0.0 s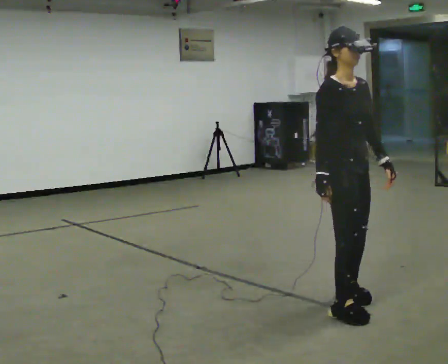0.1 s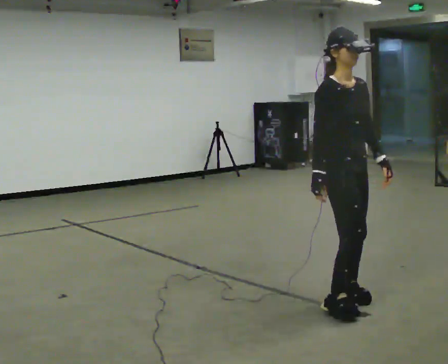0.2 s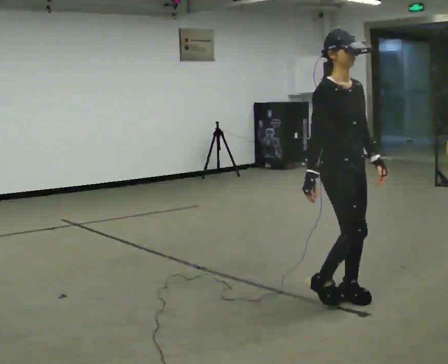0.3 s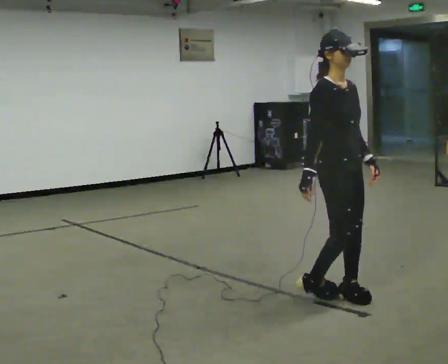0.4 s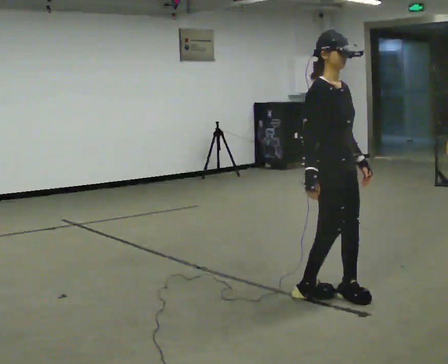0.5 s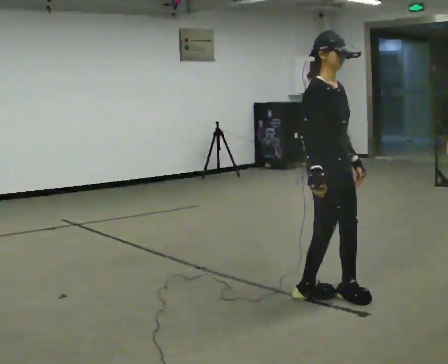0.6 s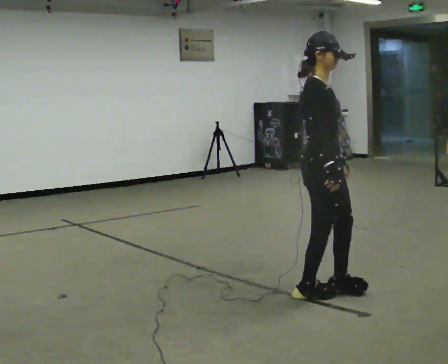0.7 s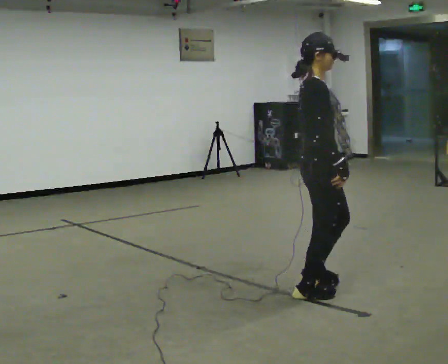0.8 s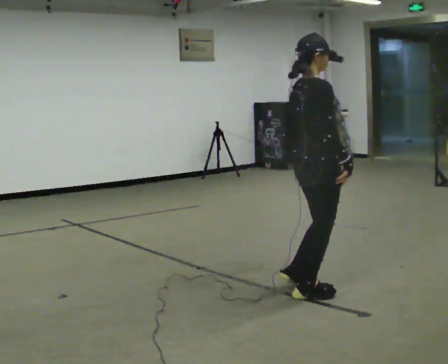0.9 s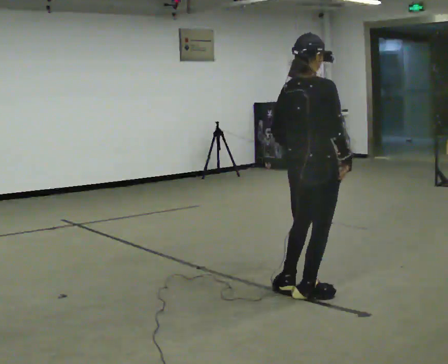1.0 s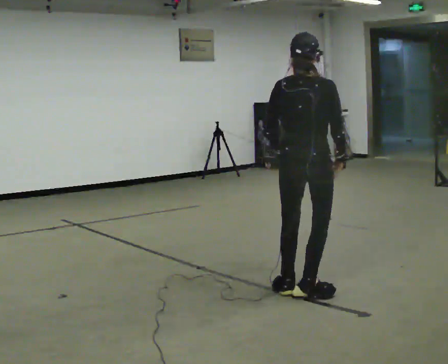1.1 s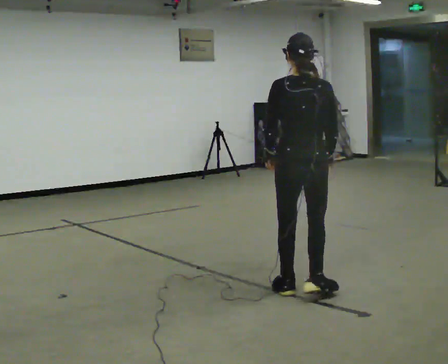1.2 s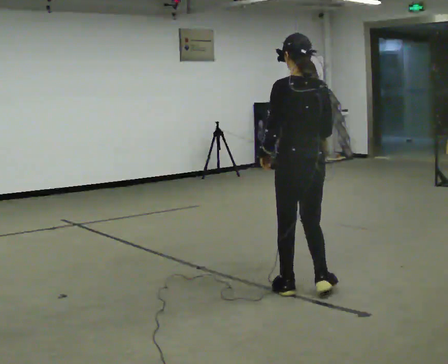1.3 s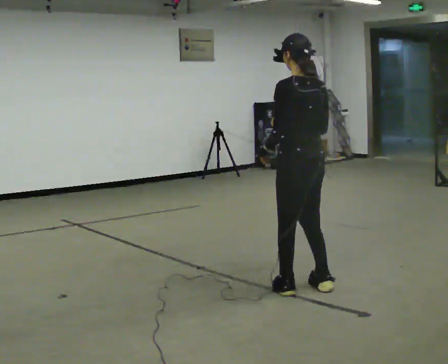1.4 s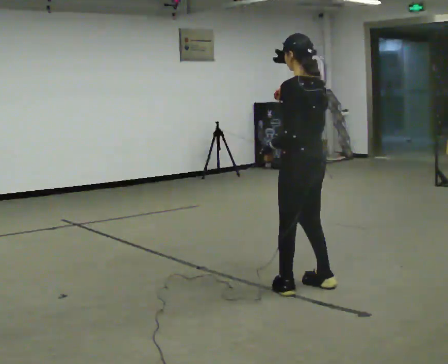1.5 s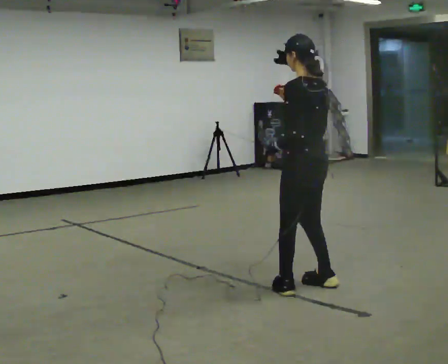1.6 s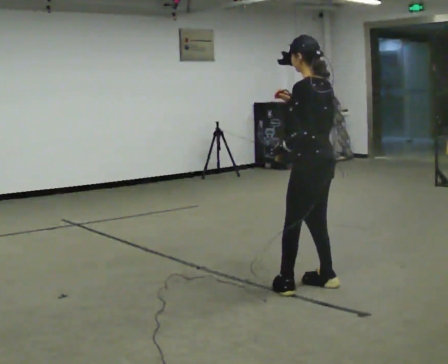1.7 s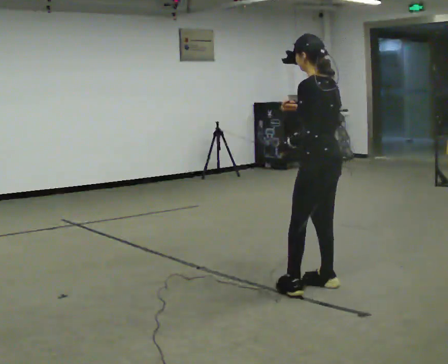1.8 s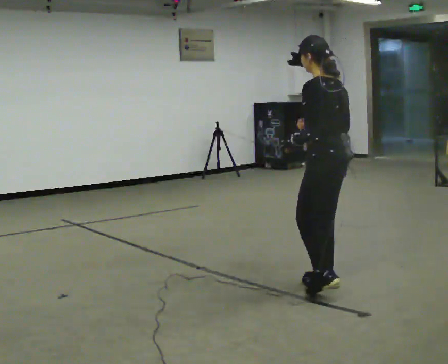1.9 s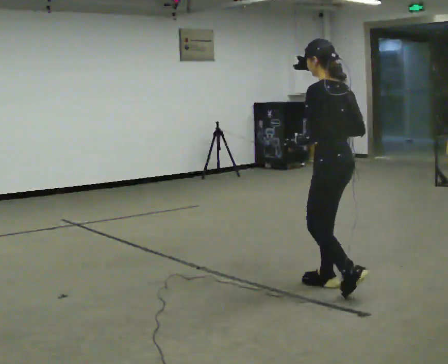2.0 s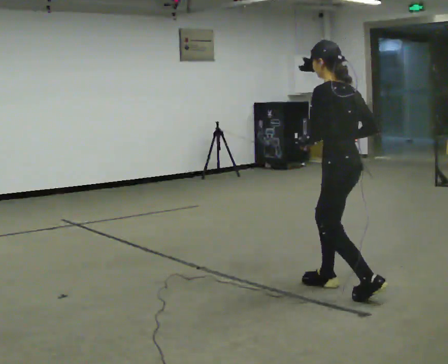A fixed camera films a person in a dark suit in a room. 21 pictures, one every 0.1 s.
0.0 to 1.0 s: The part of the body nearest the lens slides to the right as the person turns to their left by about 105 degrees. In the picture they go away from the camera and to the left, about 0.25 m in 2 steps.
1.0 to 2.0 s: Seen from above the body turns counterclockwise, about 90 degrees: to their left, with its near side sliding to the right. In the picture they go to the right, about 0.25 m in 2 steps.
The film runs backward here.
